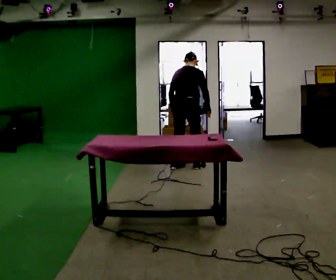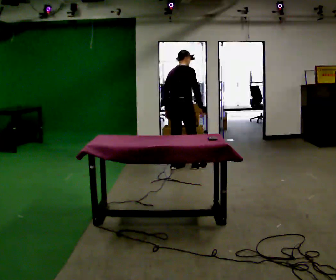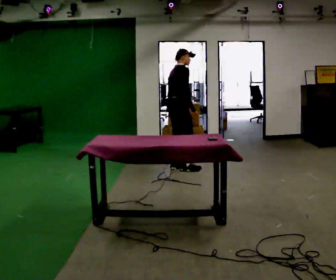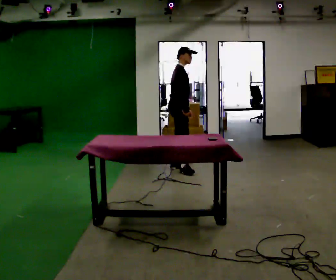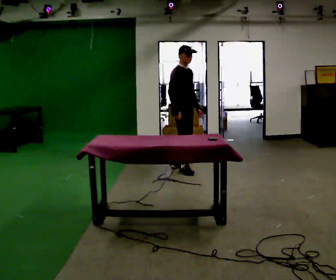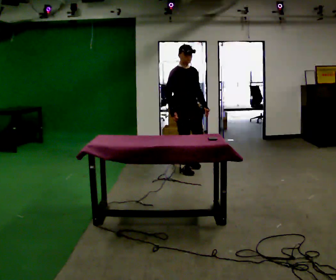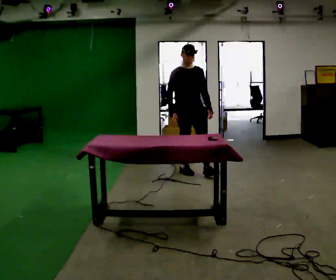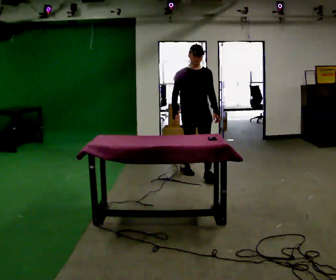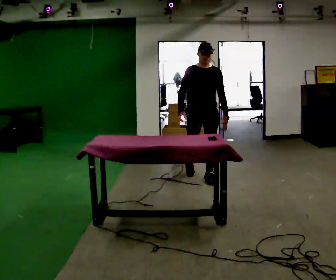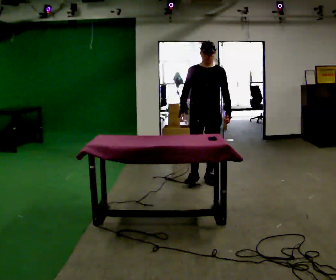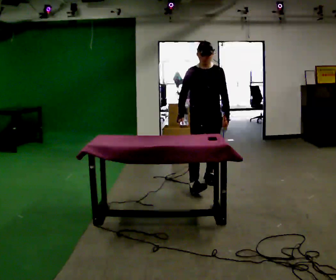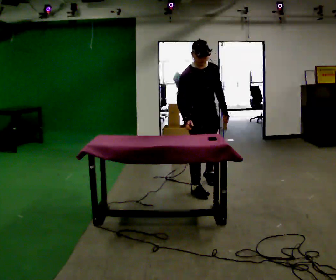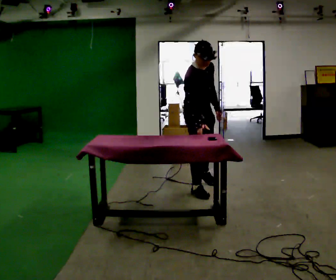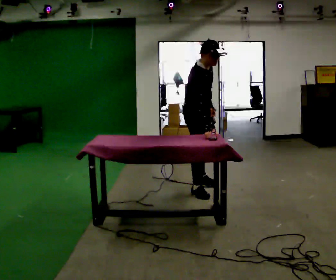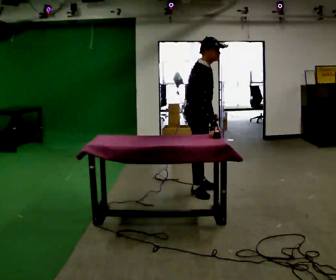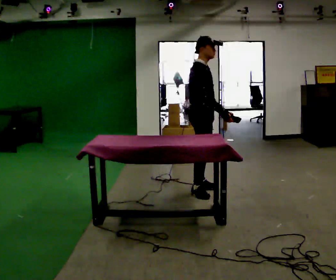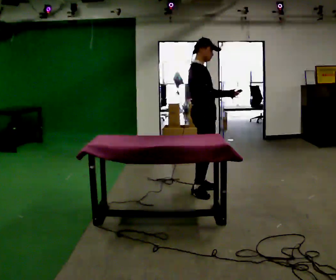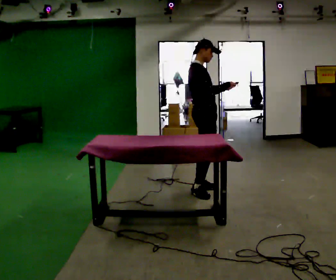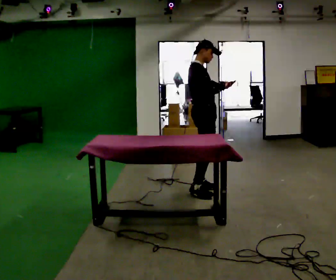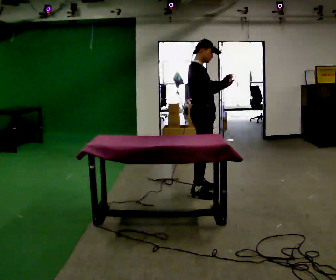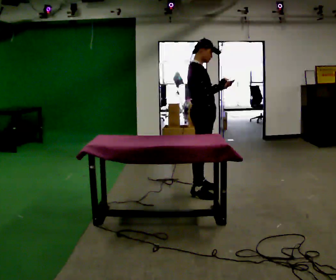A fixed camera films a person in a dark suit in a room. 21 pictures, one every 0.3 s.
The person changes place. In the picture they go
toward the camera.
0.0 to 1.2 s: The person turns about 90 degrees to their right, clockwise seen from above, so the part of the body nearest the lens slides to the left. In the picture their left hand goes to the right, the arm swinging counterclockwise.
1.2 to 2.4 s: The part of the body nearest the lens slides to the left as the person turns to their right by about 60 degrees. In the picture they go toward the camera and to the right, about 0.5 m in 1 step.
2.4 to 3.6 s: Seen from above the body turns counterclockwise, about 60 degrees: to their left, with its near side sliding to the right. In the picture they go toward the camera, about 0.5 m in 1 step, which for them is forward and to their right. The upper body tips toward the camera, its near side rolling downward, as they bend forward.
3.6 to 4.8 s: Seen from above the body turns counterclockwise, about 30 degrees: to their left, with its near side sliding to the right. The upper body tips away from the camera, its near side rolling upward, as they lean back or straighten.
4.8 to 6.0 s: The person moves a little, or ends about where they began.
The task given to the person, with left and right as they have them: 1. Clear everything off the table and put it away on the shelves. 2. Then set the table back up the way the operator shows you in the photo. 3. Tell the operator when you are finished.
The film runs forward here.
